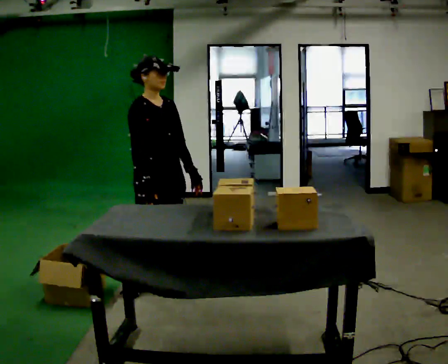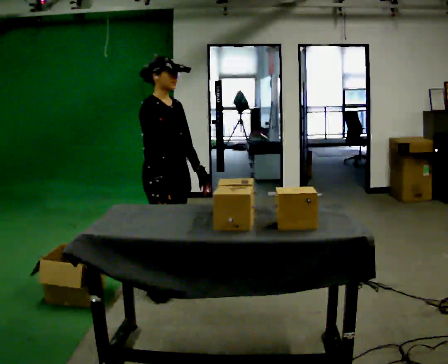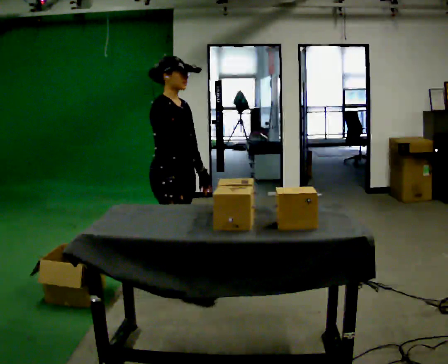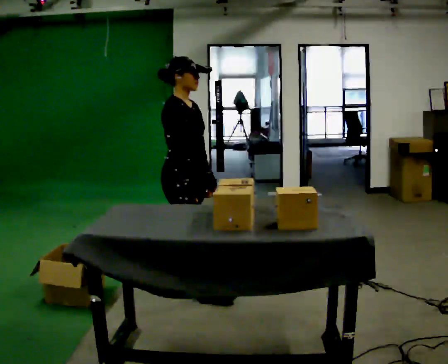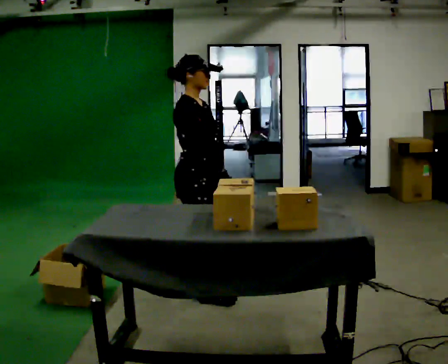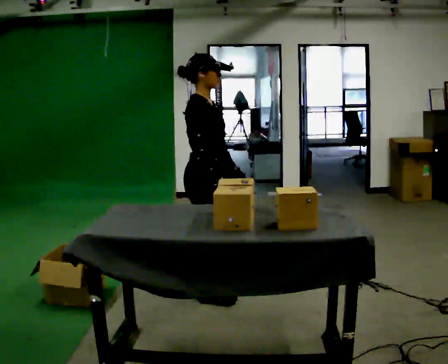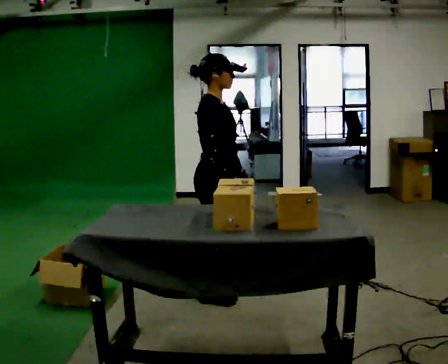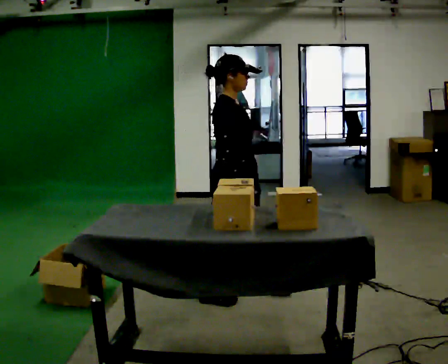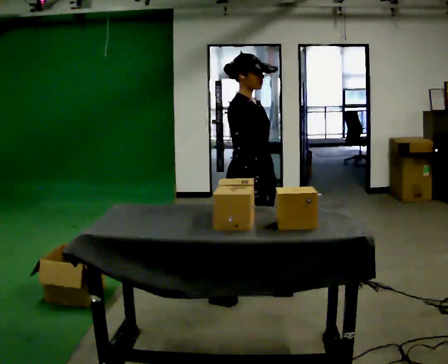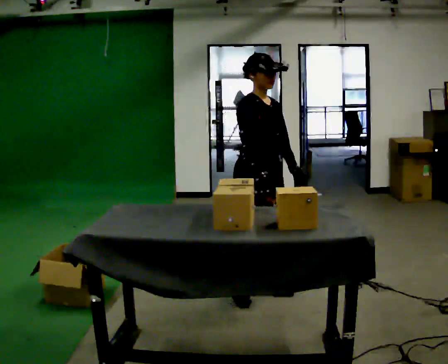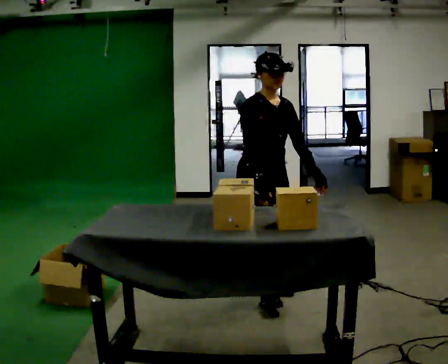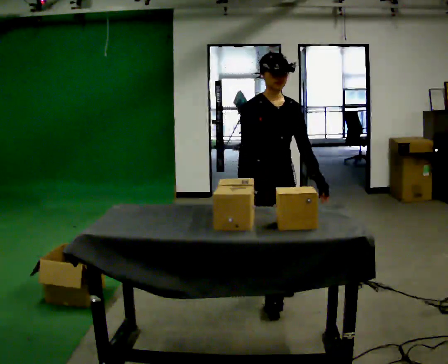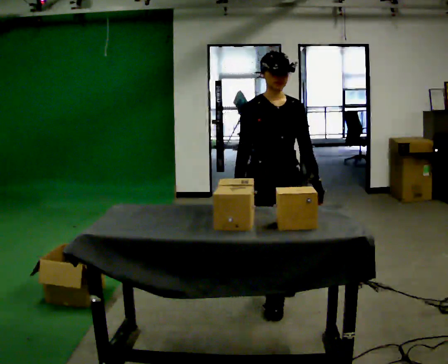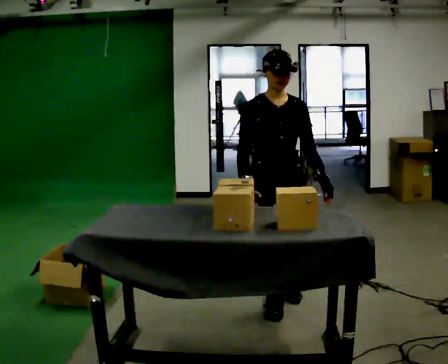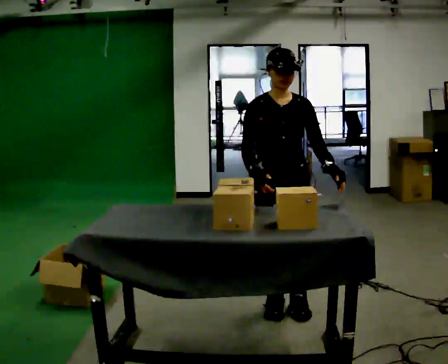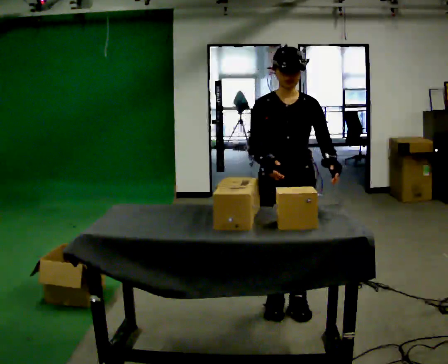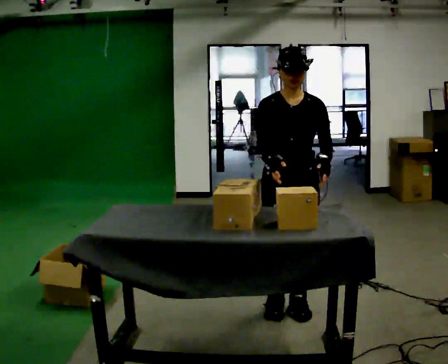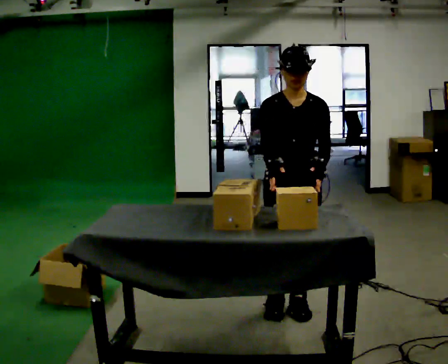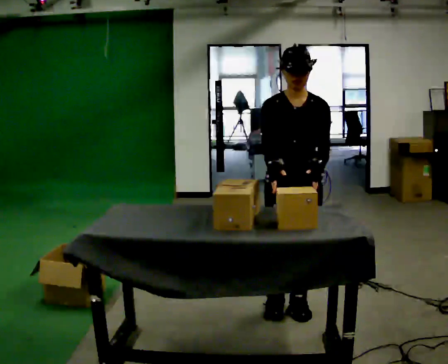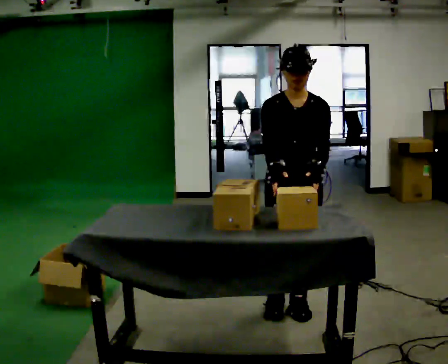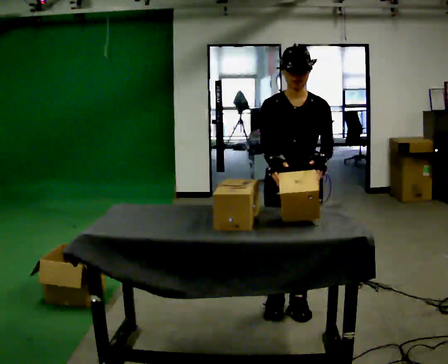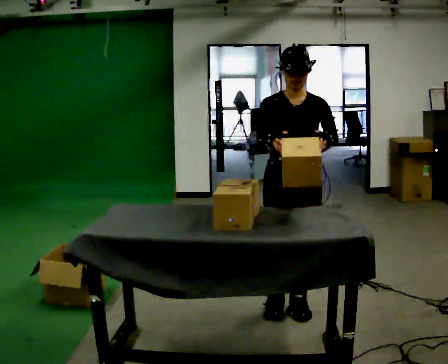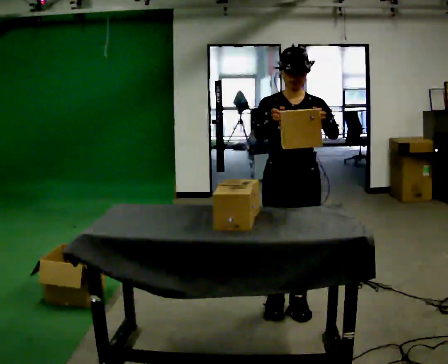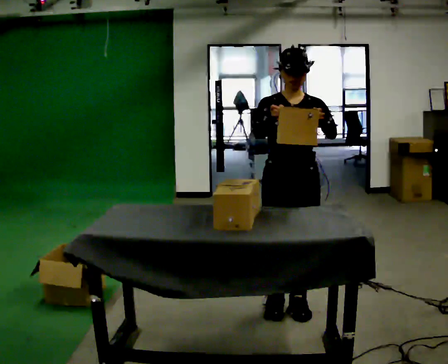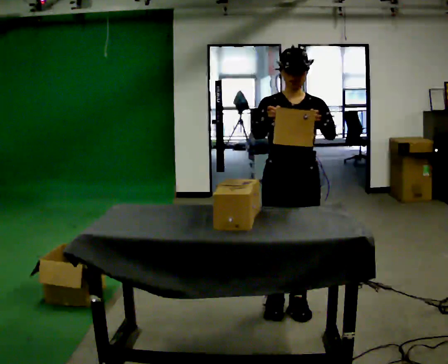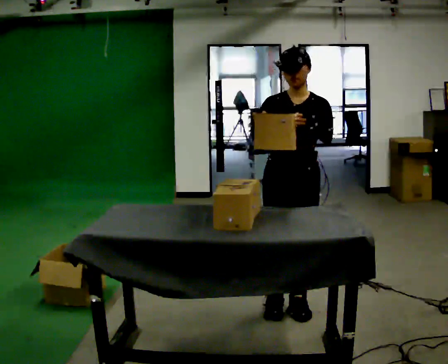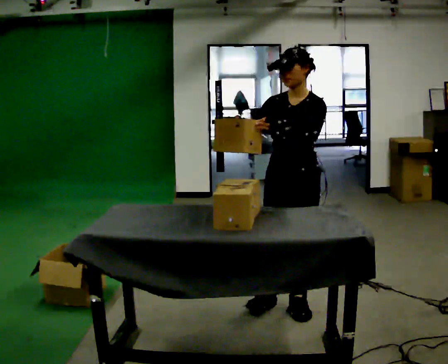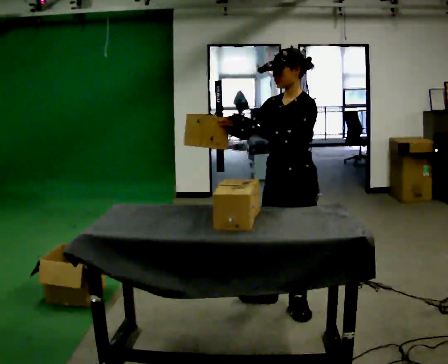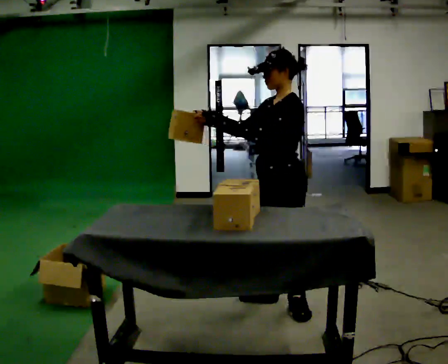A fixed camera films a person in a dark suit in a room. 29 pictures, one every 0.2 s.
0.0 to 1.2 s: The part of the body nearest the lens slides to the right as the person turns to their left by about 30 degrees. In the picture they go to the right, about 0.5 m in 1 step, which for them is forward.
1.2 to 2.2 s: Seen from above the body turns clockwise, about 60 degrees: to their right, with its near side sliding to the left. In the picture they go to the right, about 0.25 m in 2 steps, which for them is forward and to their left.
2.2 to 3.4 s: The person turns about 30 degrees to their right, clockwise seen from above, so the part of the body nearest the lens slides to the left. In the picture they go toward the camera and to the right, about 0.25 m in 1 step, which for them is forward.
3.4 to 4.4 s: The person moves a little, or ends about where they began.
4.4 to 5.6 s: Seen from above the body turns clockwise, about 60 degrees: to their right, with its near side sliding to the left. In the picture their right hand goes to the left.
The film runs forward here.
